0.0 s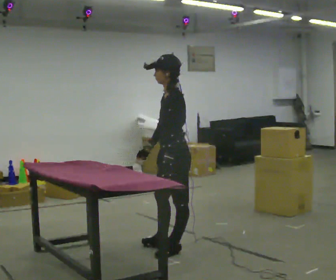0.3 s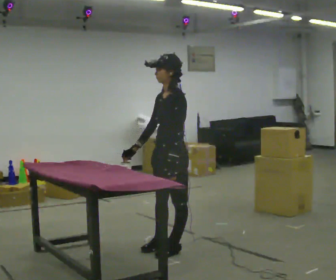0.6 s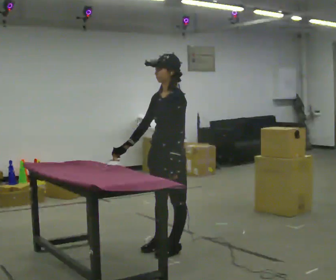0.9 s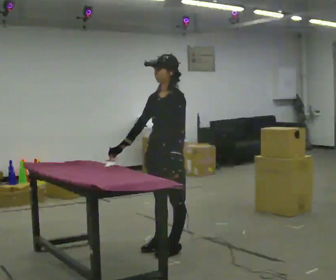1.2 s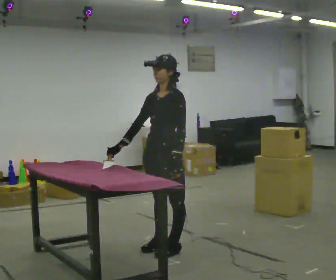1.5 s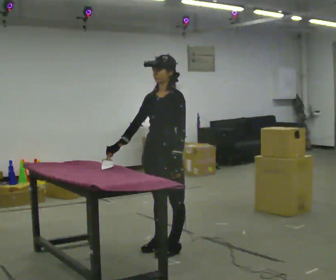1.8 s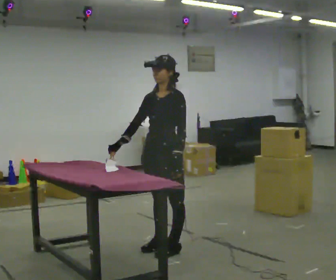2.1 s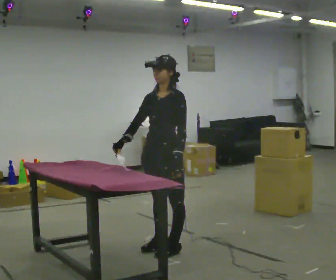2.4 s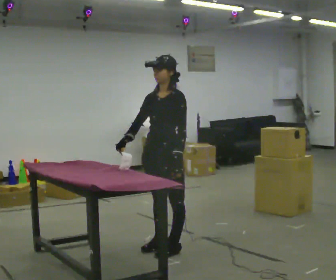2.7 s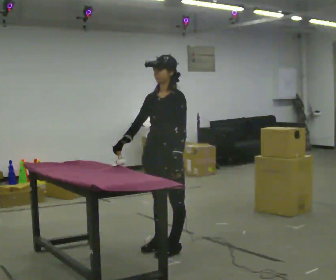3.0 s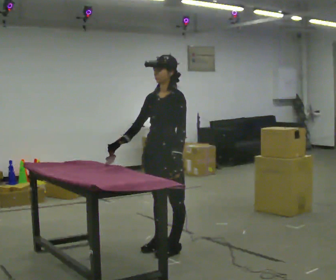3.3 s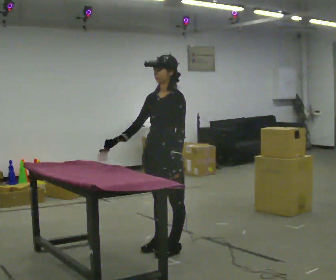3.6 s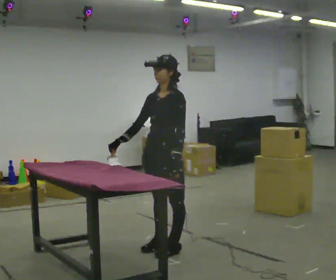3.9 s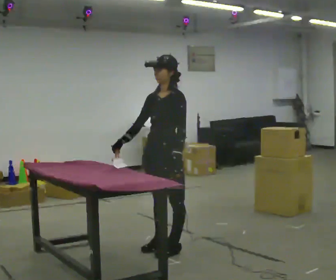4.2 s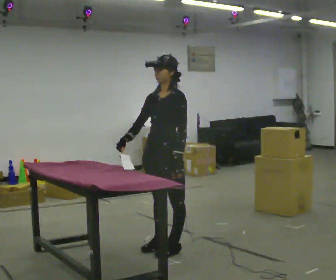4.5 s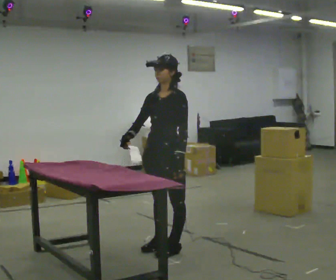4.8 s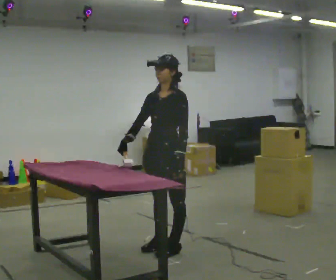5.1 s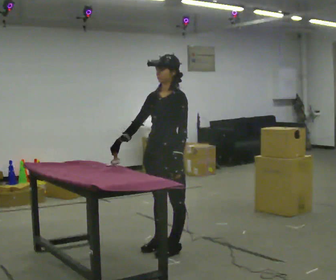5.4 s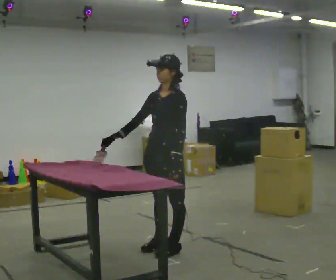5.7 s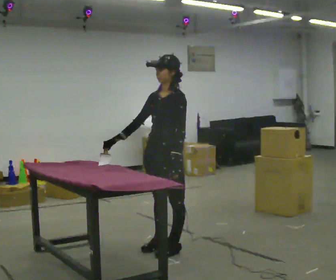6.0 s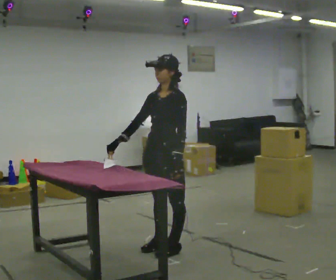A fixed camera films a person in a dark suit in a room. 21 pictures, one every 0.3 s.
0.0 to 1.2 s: The part of the body nearest the lens slides to the right as the person turns to their left by about 45 degrees.
1.2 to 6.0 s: The person moves a little, or ends about where they began.
The film runs backward here.
